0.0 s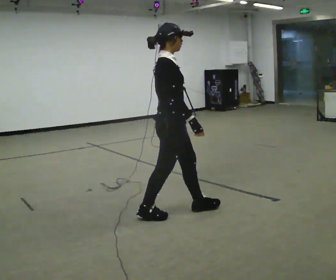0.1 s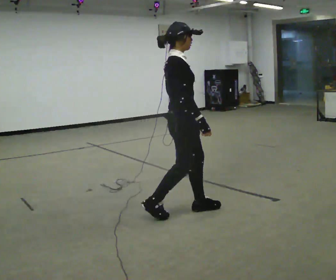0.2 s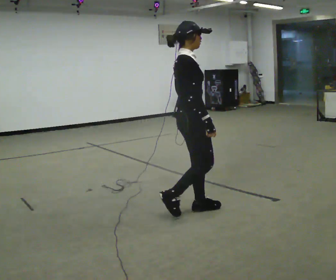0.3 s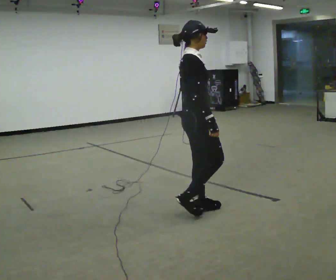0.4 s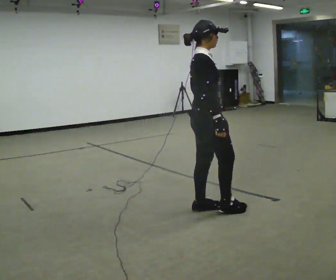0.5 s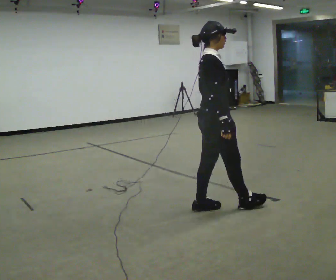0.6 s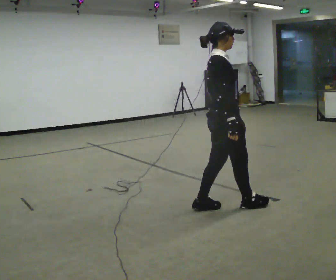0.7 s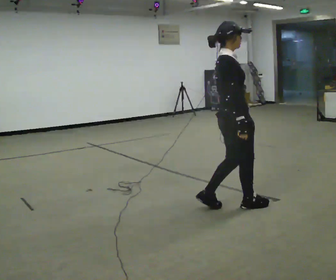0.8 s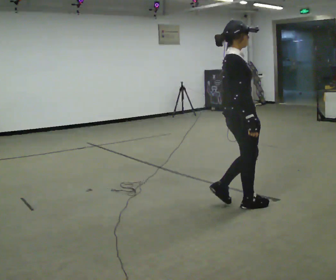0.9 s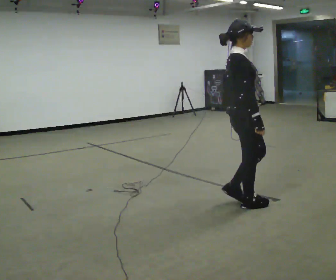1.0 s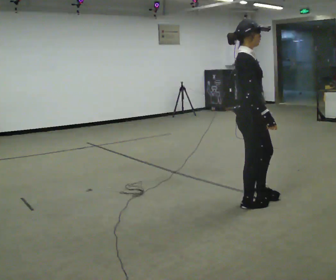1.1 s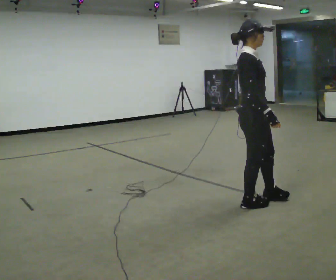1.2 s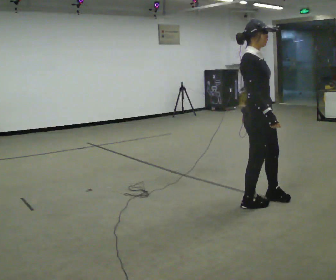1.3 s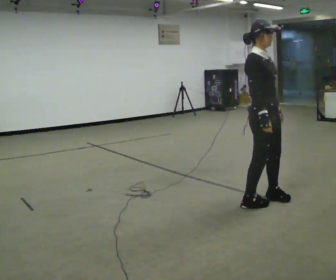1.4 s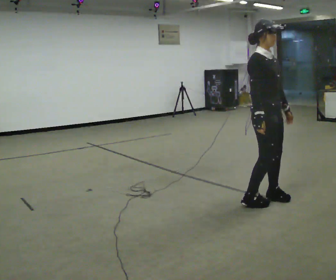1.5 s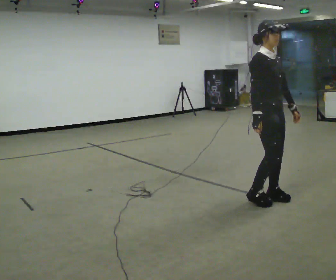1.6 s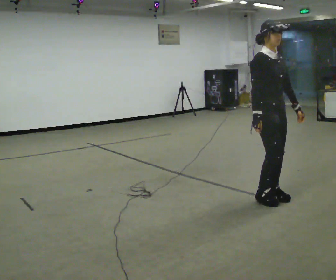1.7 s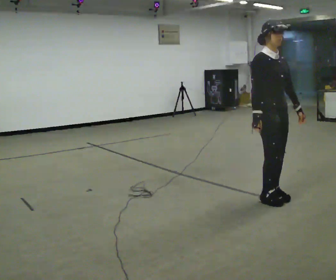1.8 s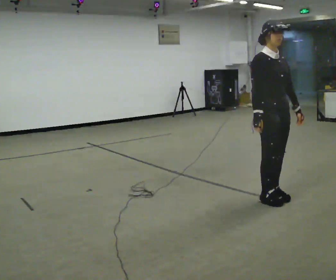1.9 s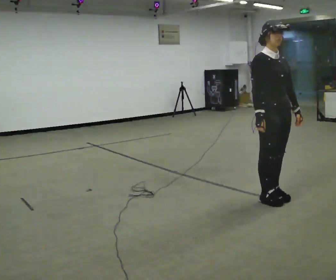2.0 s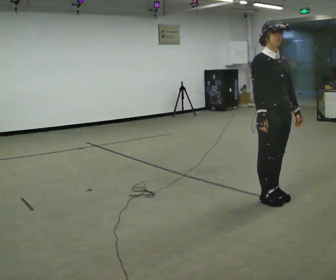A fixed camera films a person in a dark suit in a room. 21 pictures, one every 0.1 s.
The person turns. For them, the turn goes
to their right.
The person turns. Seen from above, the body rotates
clockwise.
0.0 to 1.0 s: In the picture they go to the right, about 0.75 m in 1 step, which for them is forward.
1.0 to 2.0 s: The part of the body nearest the lens slides to the left as the person turns to their right by about 45 degrees. In the picture they go to the right, about 0.25 m in 2 steps, which for them is to their left and forward.
The film runs forward here.
